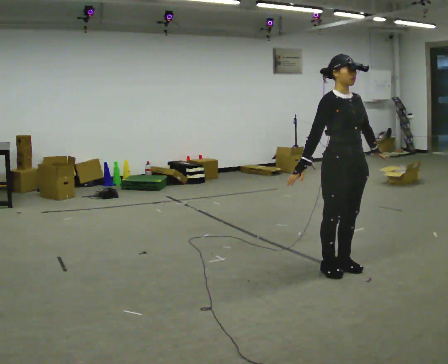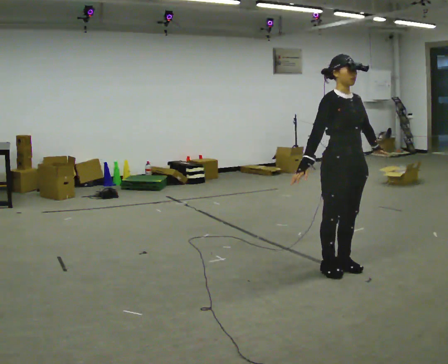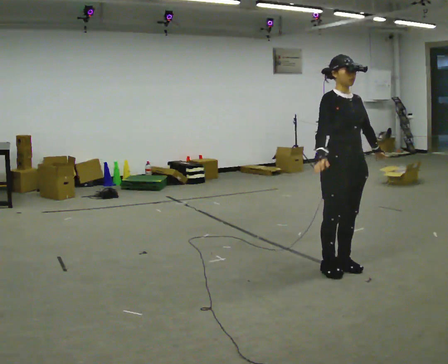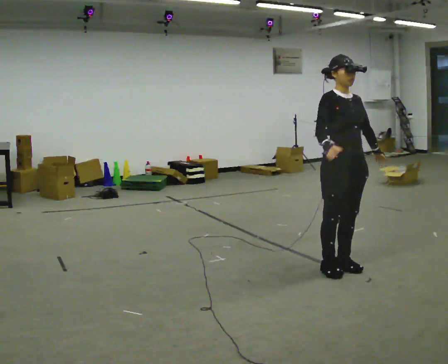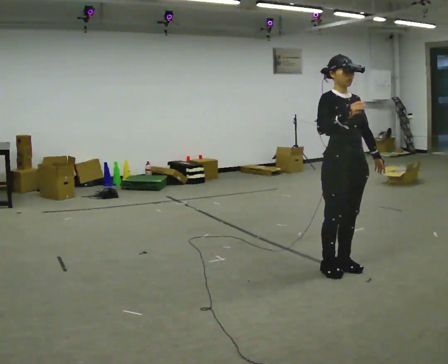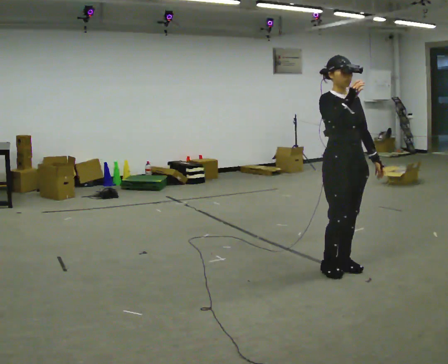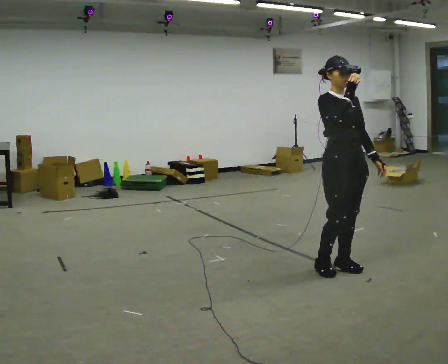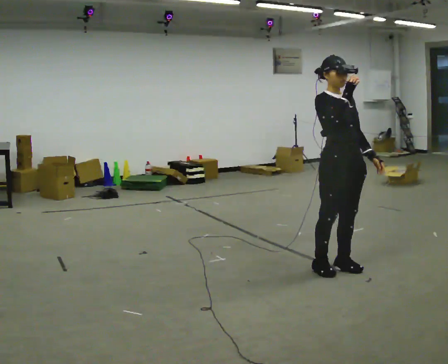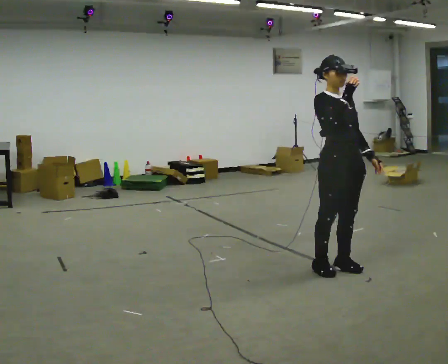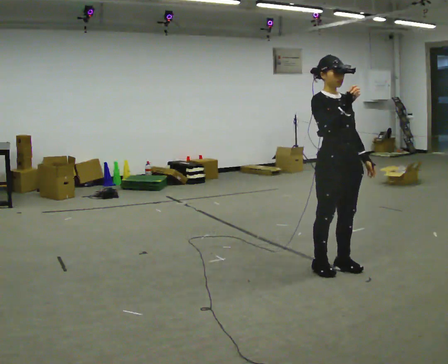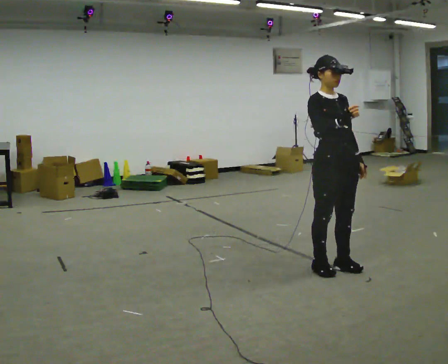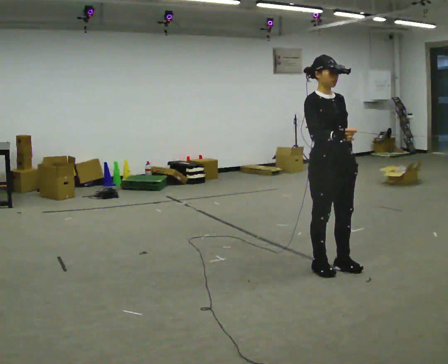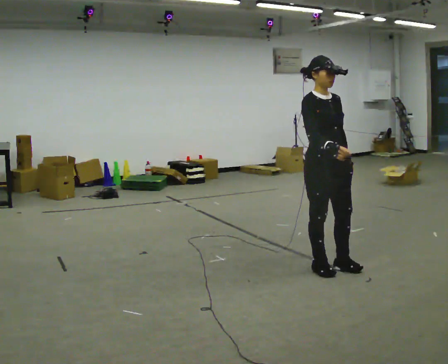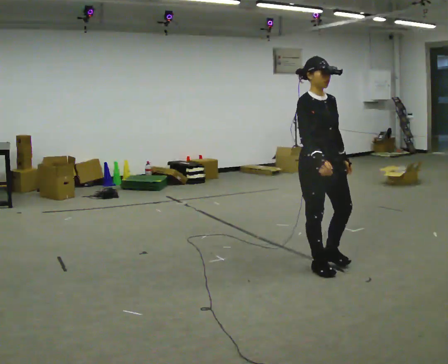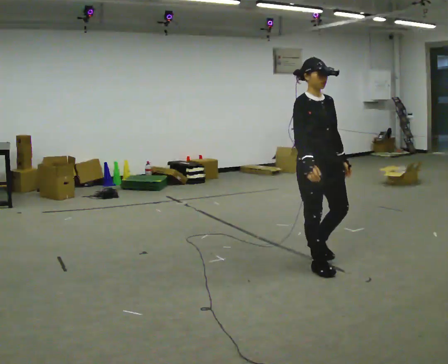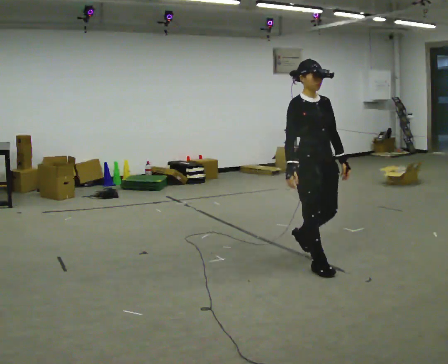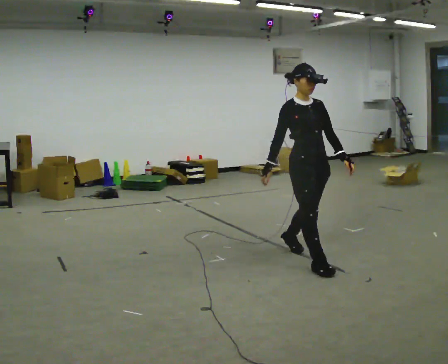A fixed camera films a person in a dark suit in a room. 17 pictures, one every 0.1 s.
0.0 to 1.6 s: In the picture they go to the left and away from the camera, about 0.25 m in 1 step, which for them is backward.
The film runs backward here.
